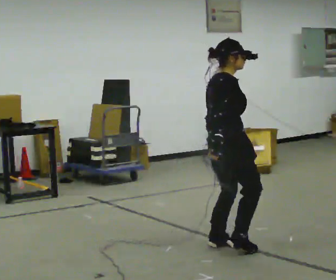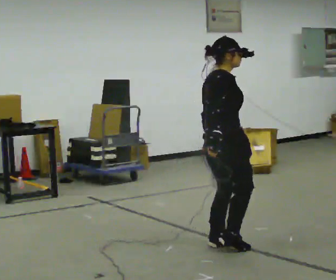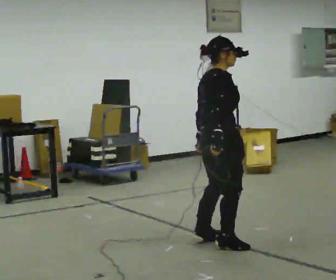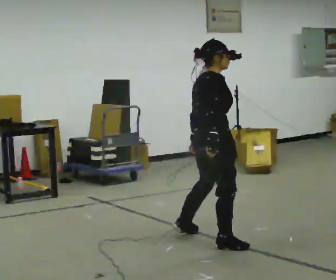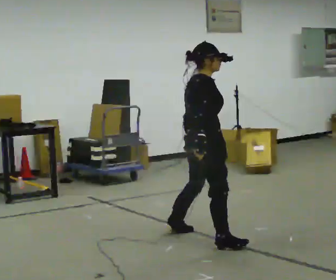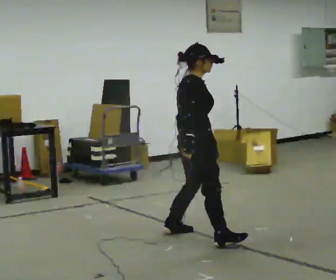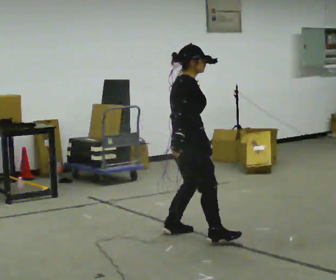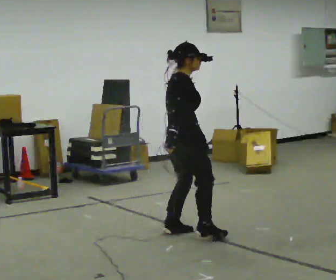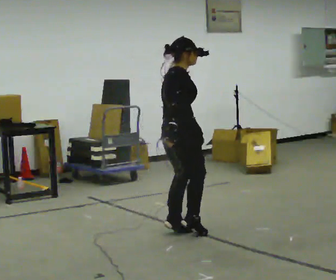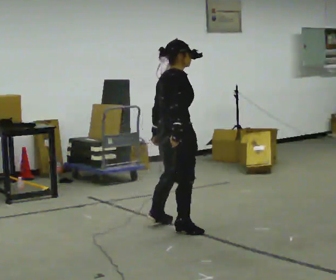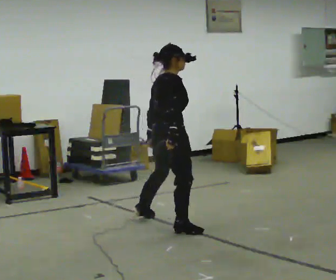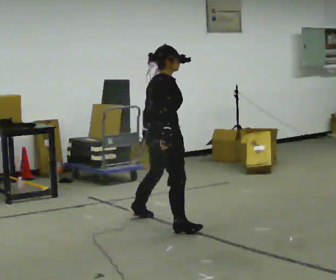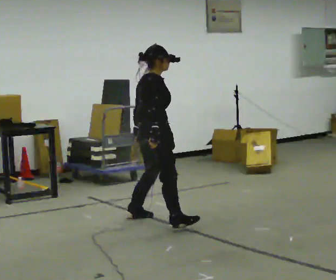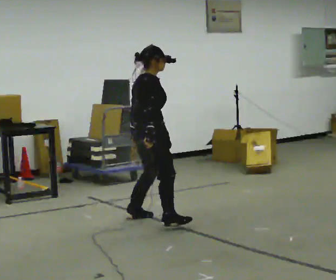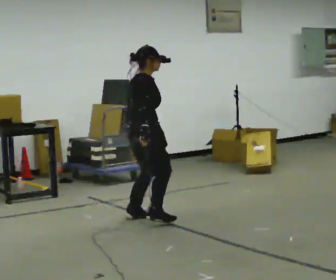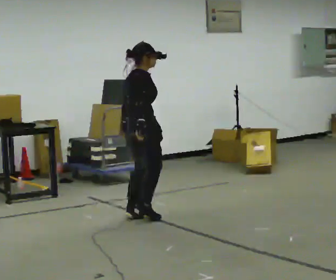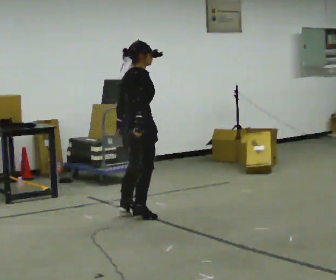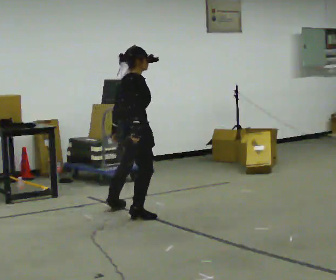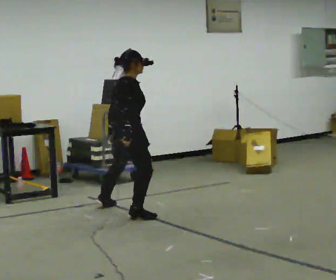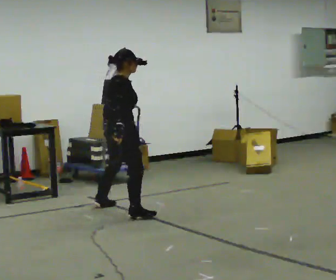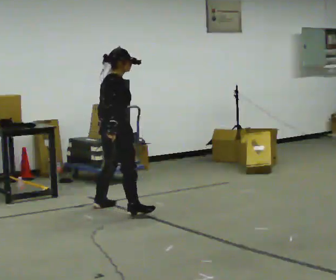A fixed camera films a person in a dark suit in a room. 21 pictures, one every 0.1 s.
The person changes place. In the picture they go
away from the camera.
0.0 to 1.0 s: In the picture they go away from the camera and to the left, about 0.5 m in 3 steps, which for them is to their left.
1.0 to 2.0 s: In the picture they go away from the camera and to the left, about 1 m in 3 steps, which for them is to their left.
The film runs backward here.
